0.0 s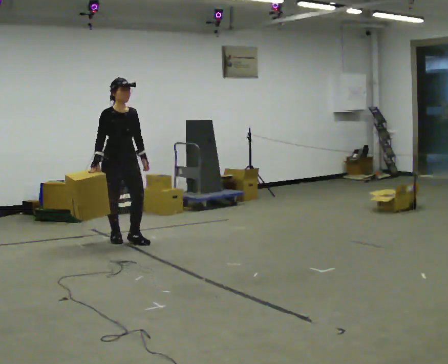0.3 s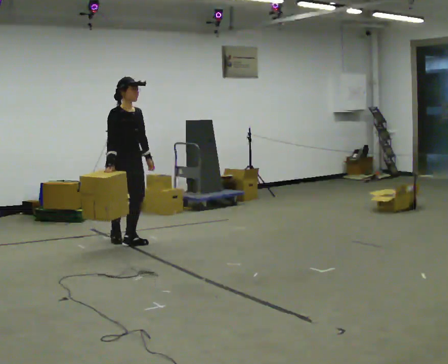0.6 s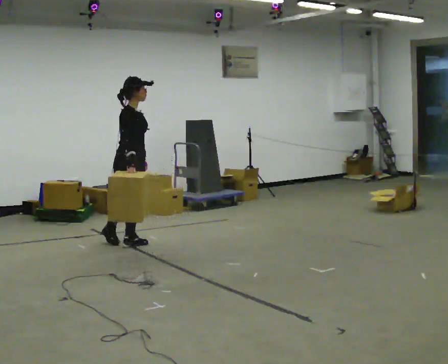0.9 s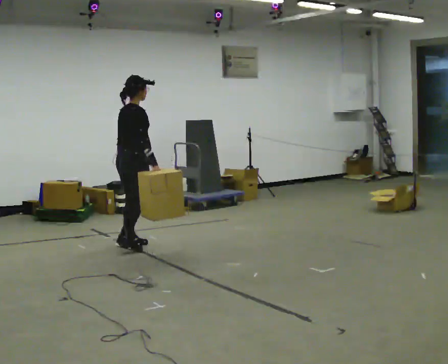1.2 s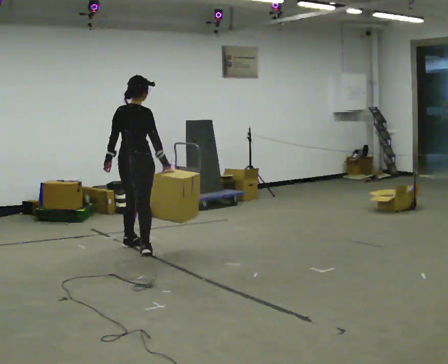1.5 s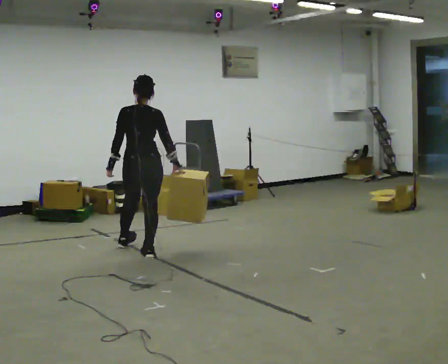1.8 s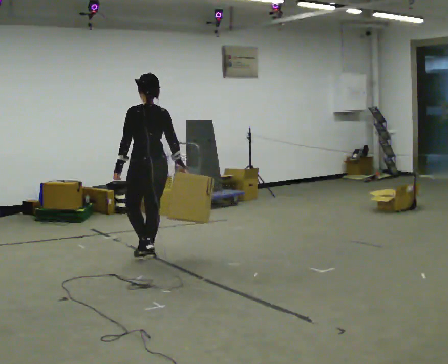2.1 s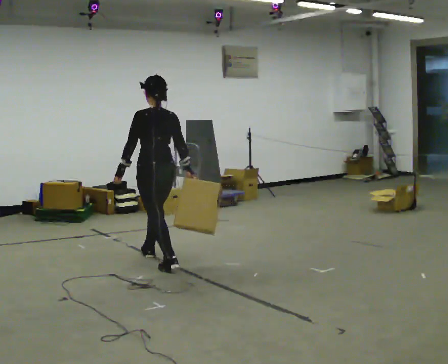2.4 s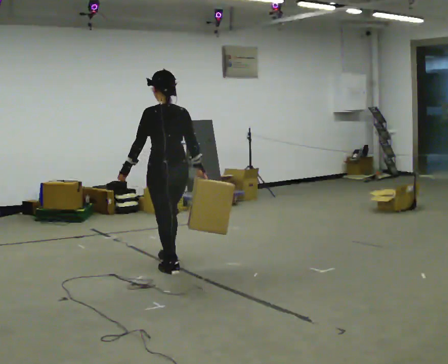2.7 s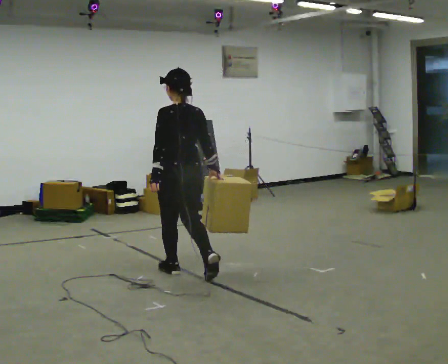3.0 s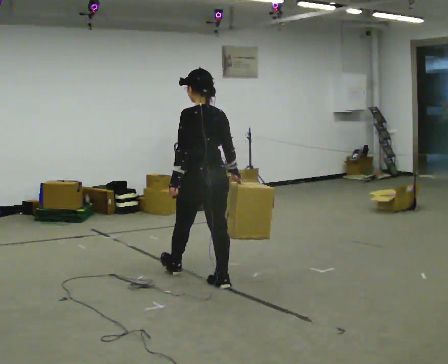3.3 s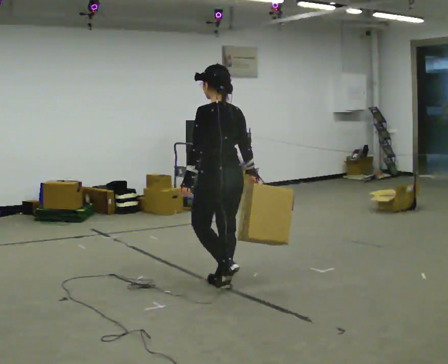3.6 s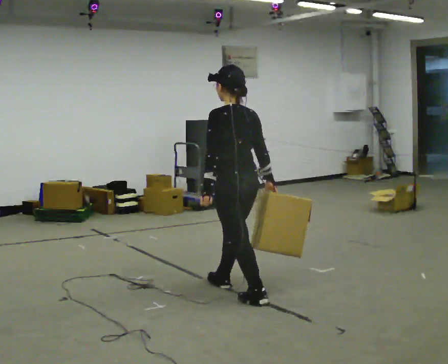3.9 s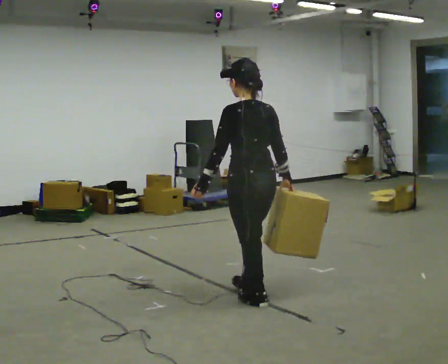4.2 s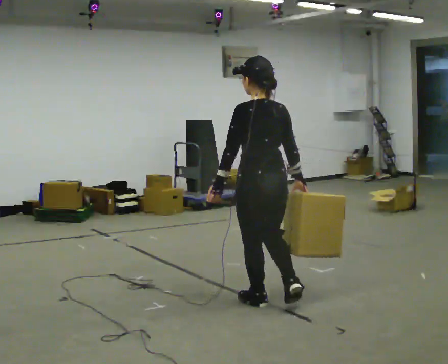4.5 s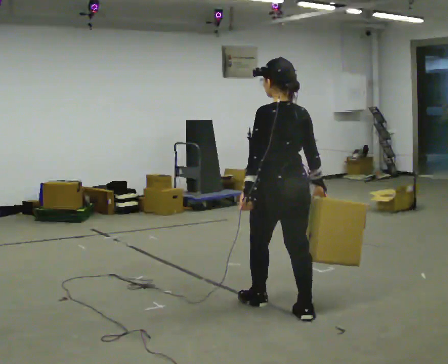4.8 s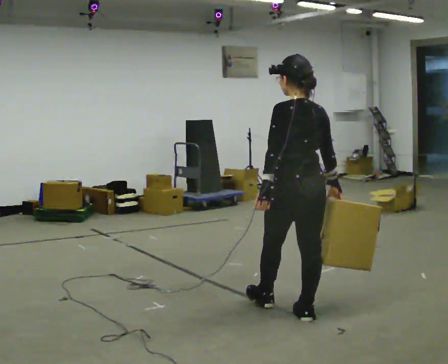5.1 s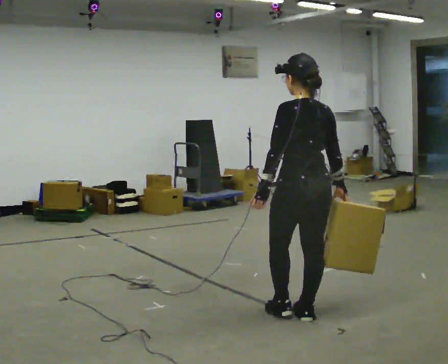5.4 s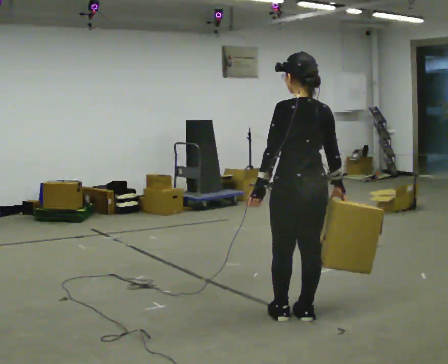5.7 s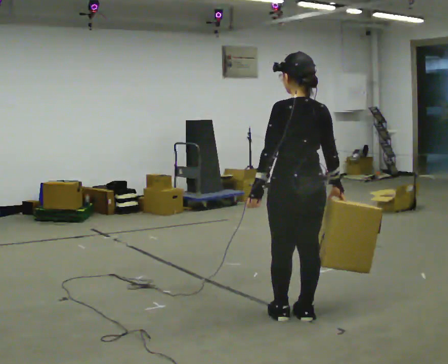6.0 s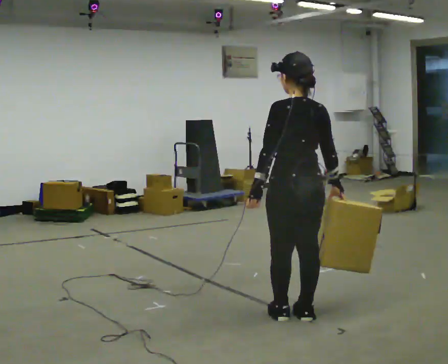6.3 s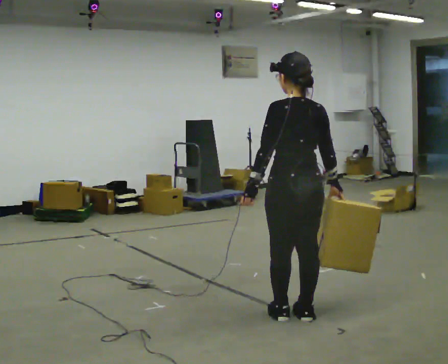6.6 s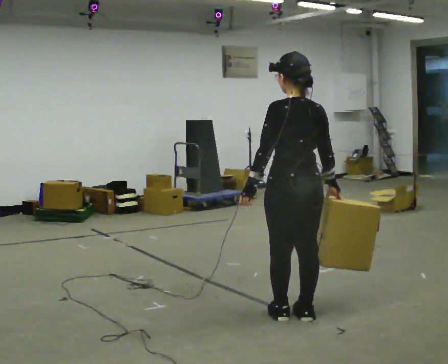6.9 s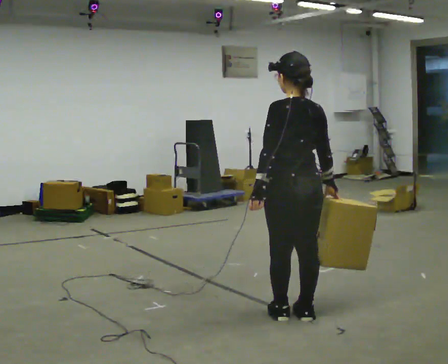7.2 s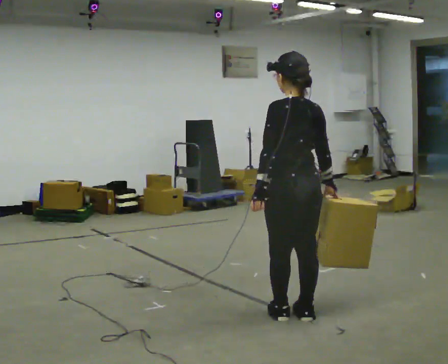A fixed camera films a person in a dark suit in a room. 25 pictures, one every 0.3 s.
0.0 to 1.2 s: Seen from above the body turns counterclockwise, about 120 degrees: to their left, with its near side sliding to the right. In the picture they go toward the camera and to the right, about 0.5 m in 1 step.
1.2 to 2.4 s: The person turns about 60 degrees to their left, counterclockwise seen from above, so the part of the body nearest the lens slides to the right. In the picture they go toward the camera and to the right, about 1 m in 2 steps.
2.4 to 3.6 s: In the picture they go to the right and toward the camera, about 1 m in 1 step, which for them is backward.
3.6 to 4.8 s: In the picture they go to the right and toward the camera, about 0.5 m in 2 steps, which for them is backward.
4.8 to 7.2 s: The person moves a little, or ends about where they began.
The film runs backward here.
